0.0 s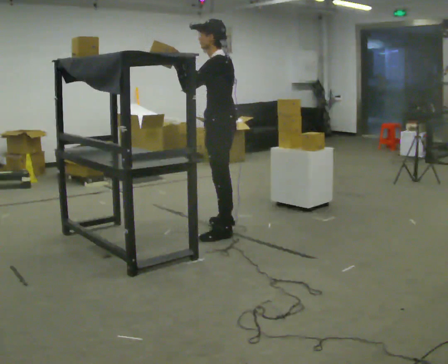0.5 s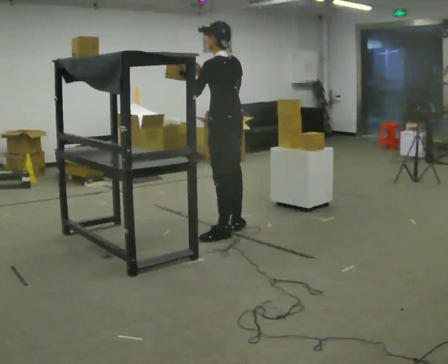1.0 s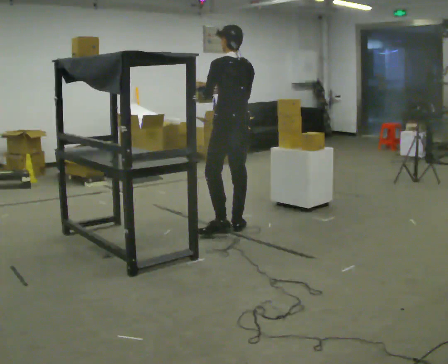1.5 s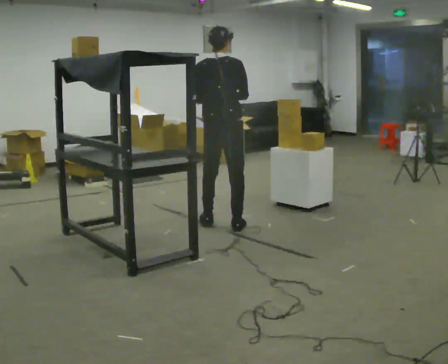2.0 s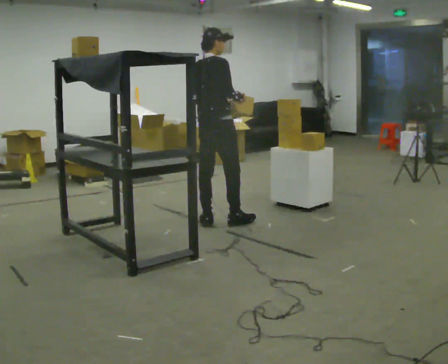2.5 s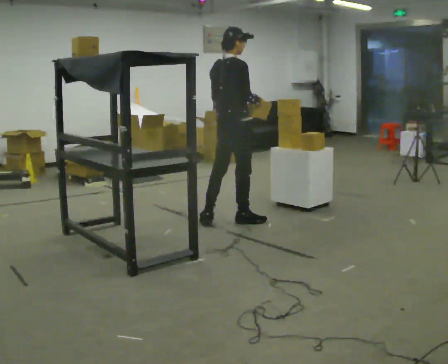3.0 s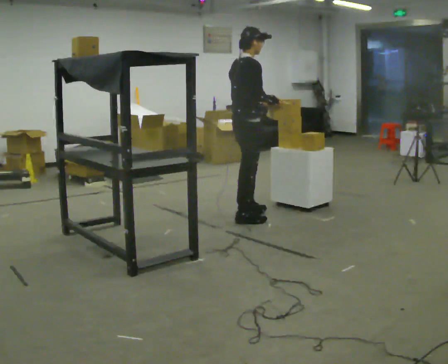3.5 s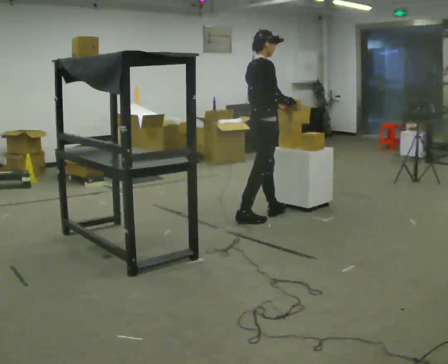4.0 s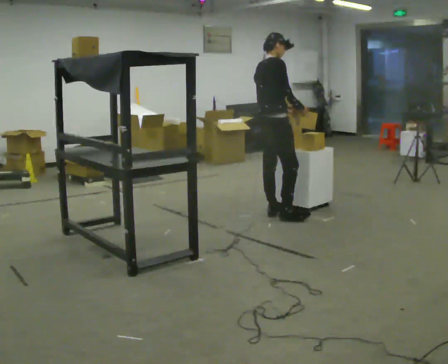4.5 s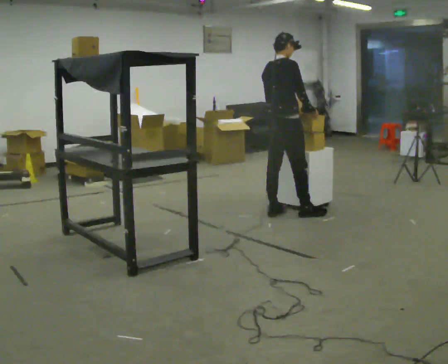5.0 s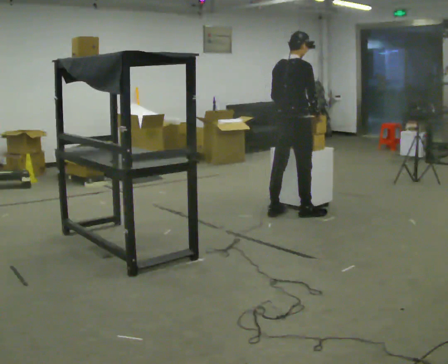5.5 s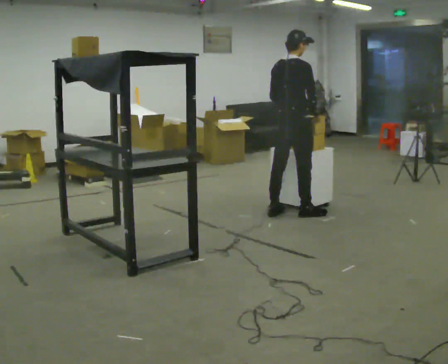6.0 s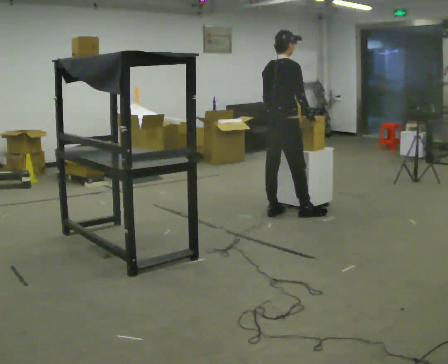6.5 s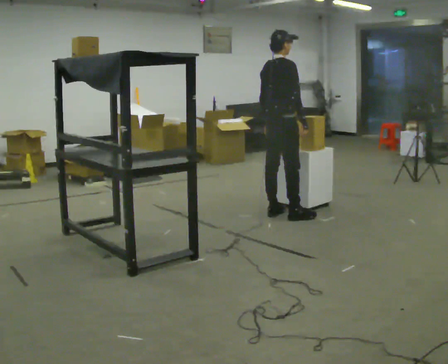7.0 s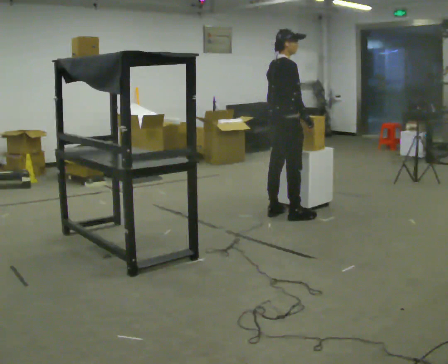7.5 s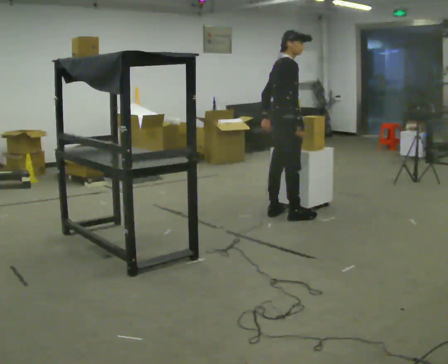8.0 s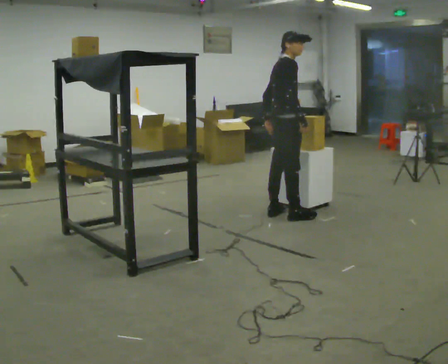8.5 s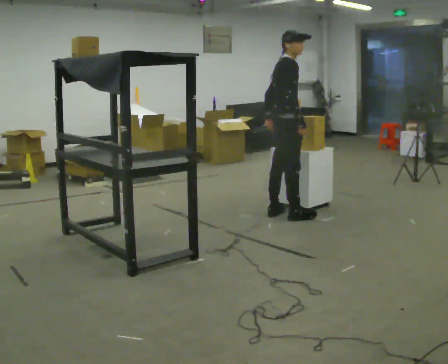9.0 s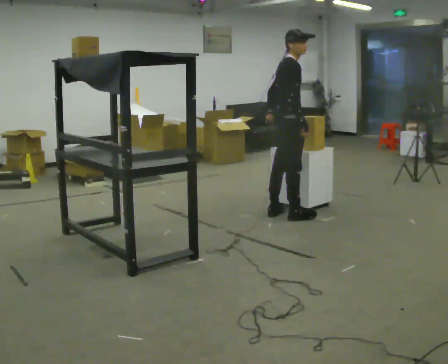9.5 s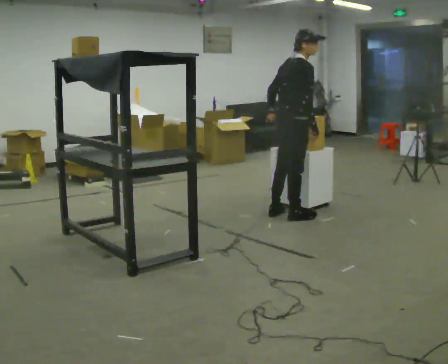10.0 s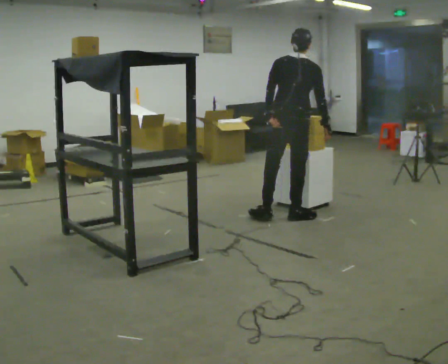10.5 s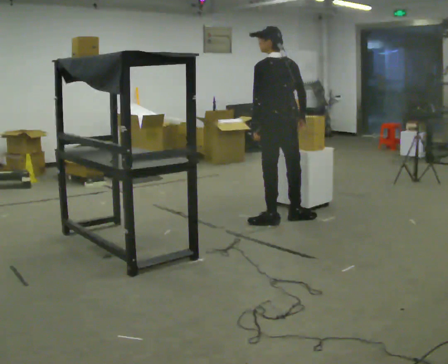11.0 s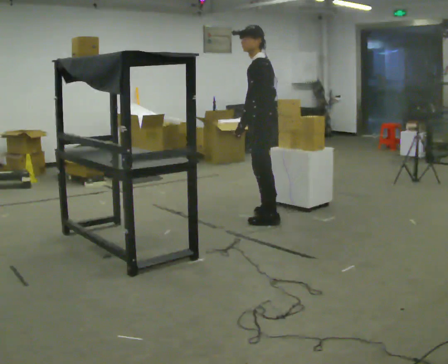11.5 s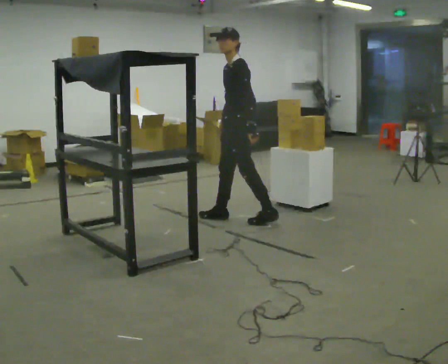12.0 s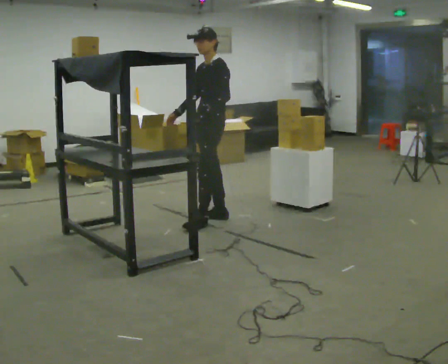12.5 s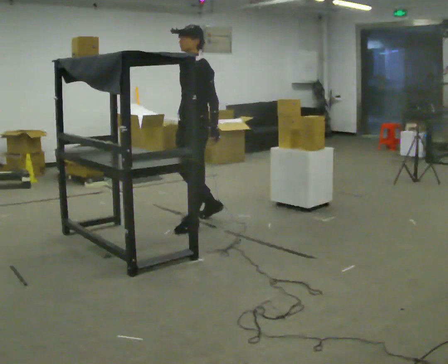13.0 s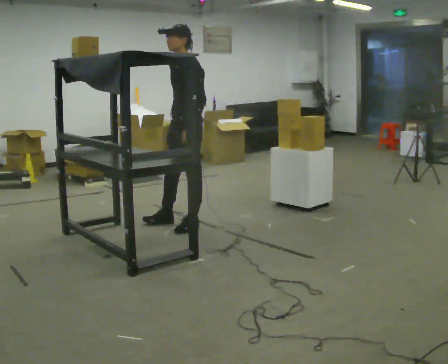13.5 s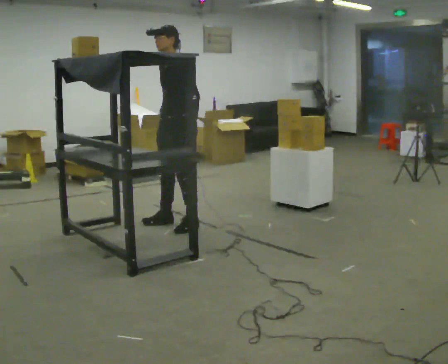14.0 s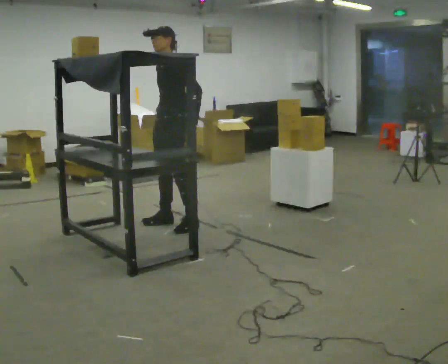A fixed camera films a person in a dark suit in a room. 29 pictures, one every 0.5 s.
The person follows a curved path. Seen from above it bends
clockwise.
0.0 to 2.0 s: Seen from above the body turns clockwise, about 120 degrees: to their right, with its near side sliding to the left. In the picture they go away from the camera, about 0.5 m in 2 steps.
2.0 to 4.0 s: In the picture they go to the right and away from the camera, about 0.5 m in 1 step, which for them is forward.
4.0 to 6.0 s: The person moves a little, or ends about where they began.
6.0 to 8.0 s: Seen from above the body turns clockwise, about 30 degrees: to their right, with its near side sliding to the left.
8.0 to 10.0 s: The part of the body nearest the lens slides to the right as the person turns to their left by about 75 degrees. In the picture they go toward the camera, about 0.25 m.
10.0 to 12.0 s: The person turns about 135 degrees to their left, counterclockwise seen from above, so the part of the body nearest the lens slides to the right. In the picture they go to the left, about 0.75 m in 2 steps.
12.0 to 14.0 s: In the picture they go to the left and toward the camera, about 0.25 m in 2 steps, which for them is forward.
The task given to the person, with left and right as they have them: Reach up into the bin on the top shelf, take out one object at a time, and carry it to the table. Keep going until the operator says stop; one object at a time, and do not rush between trips.
The film runs forward here.
